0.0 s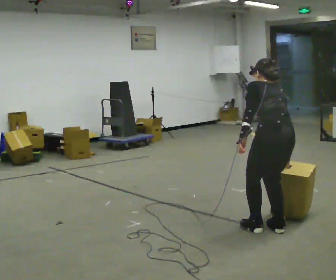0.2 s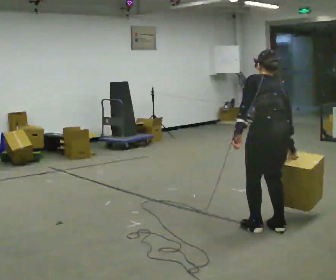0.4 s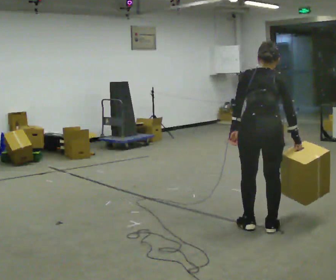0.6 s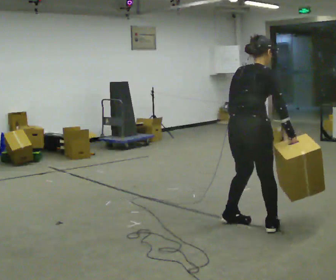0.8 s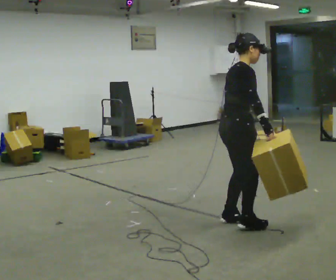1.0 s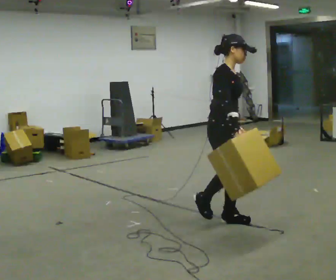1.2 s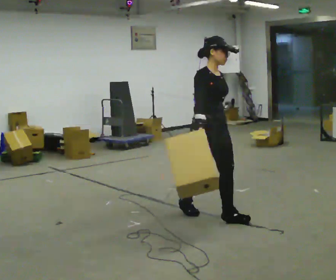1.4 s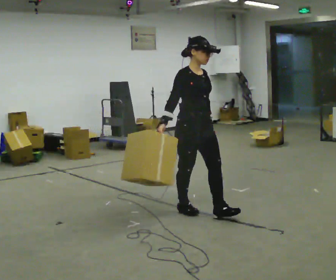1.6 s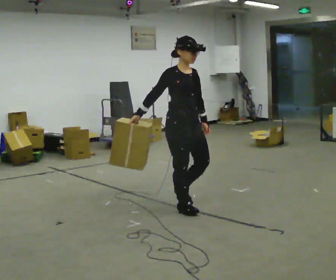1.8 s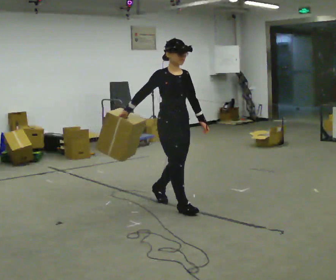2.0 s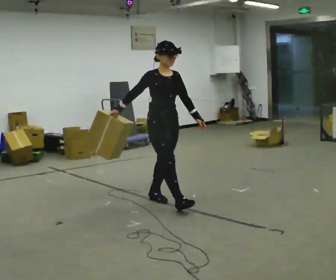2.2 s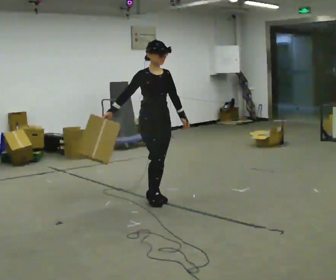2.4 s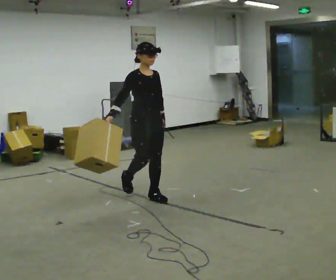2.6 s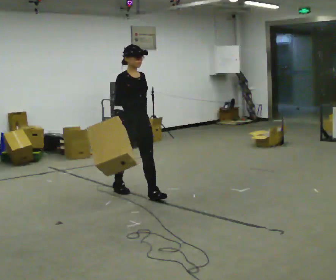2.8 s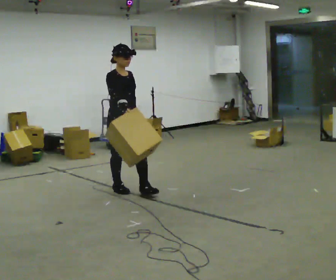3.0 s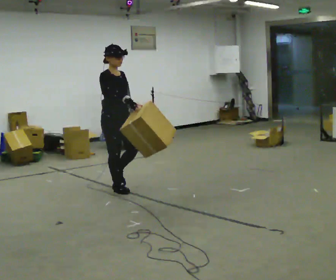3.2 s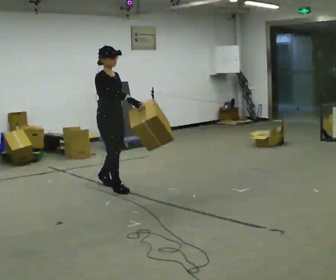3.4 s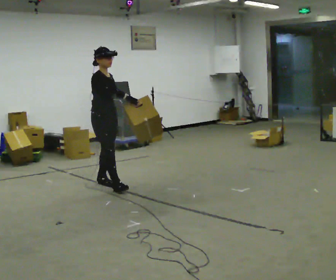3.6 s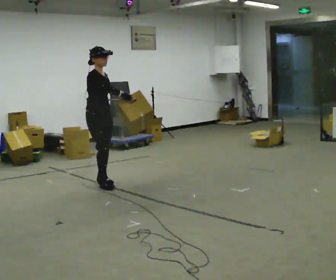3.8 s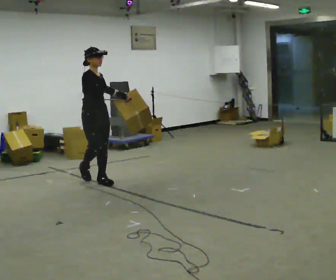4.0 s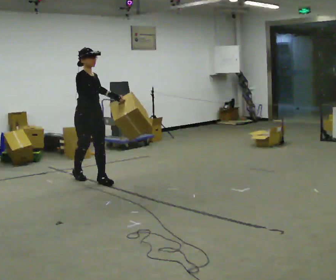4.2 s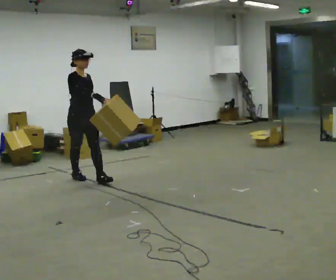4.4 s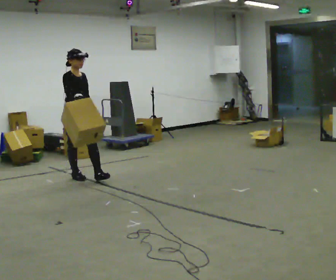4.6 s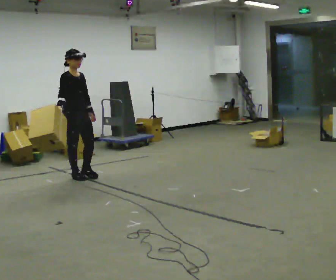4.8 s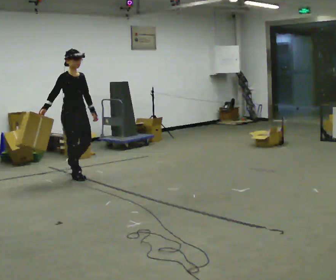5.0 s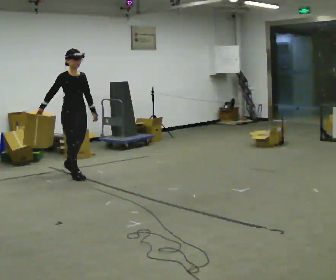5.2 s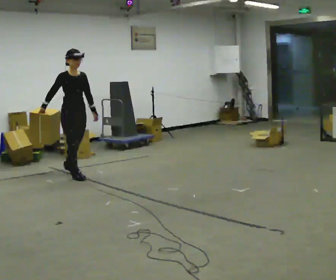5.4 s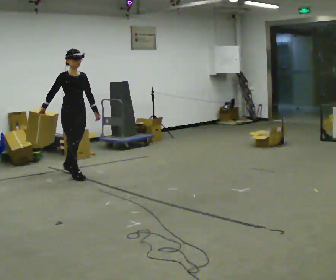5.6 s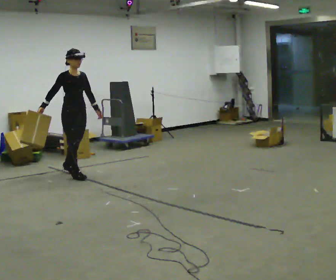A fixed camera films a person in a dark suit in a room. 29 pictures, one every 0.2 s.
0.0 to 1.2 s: The part of the body nearest the lens slides to the left as the person turns to their right by about 165 degrees. In the picture they go away from the camera and to the left, about 0.75 m in 2 steps. The shoulders move upward. The upper body tips toward the camera, its near side rolling downward, as they lean back or straighten.
1.2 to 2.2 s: In the picture they go away from the camera and to the left, about 1 m in 2 steps, which for them is backward.
2.2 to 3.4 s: In the picture they go away from the camera and to the left, about 1 m in 1 step, which for them is backward.
3.4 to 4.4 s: In the picture they go away from the camera and to the left, about 0.5 m in 2 steps, which for them is backward.
4.4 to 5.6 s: In the picture they go away from the camera, about 0.25 m, which for them is backward. In the picture their right hand goes to the left.
The film runs backward here.
